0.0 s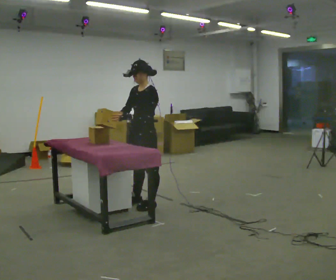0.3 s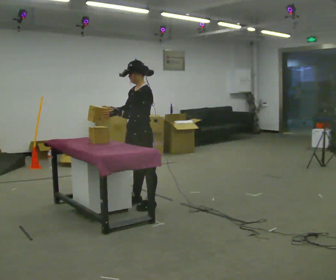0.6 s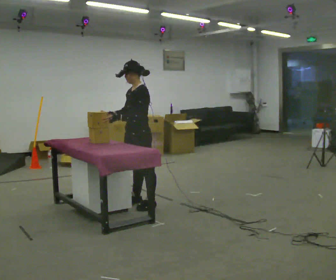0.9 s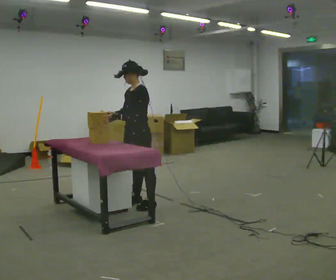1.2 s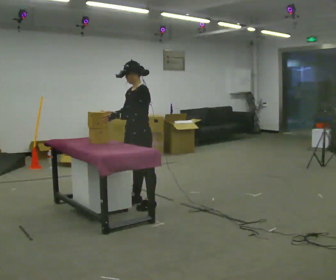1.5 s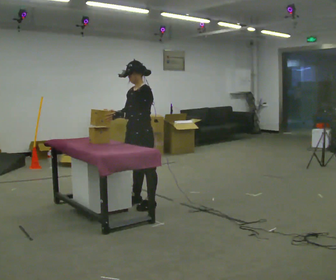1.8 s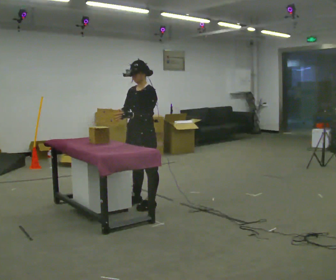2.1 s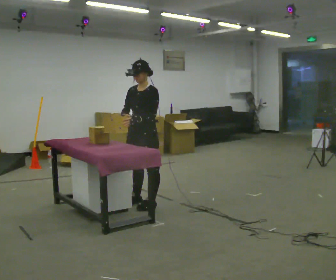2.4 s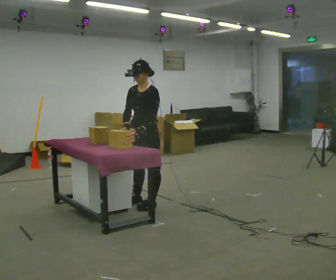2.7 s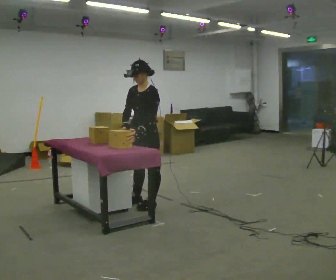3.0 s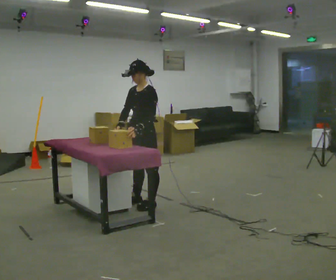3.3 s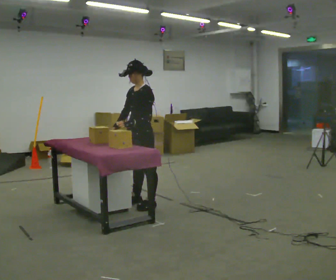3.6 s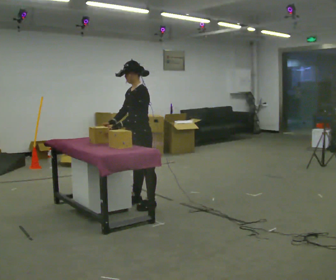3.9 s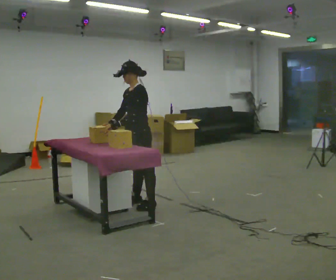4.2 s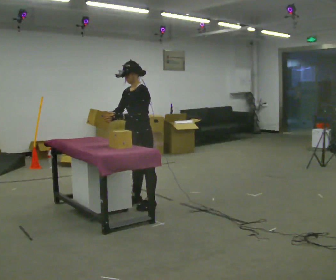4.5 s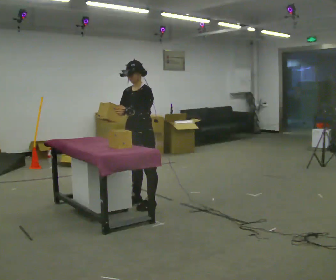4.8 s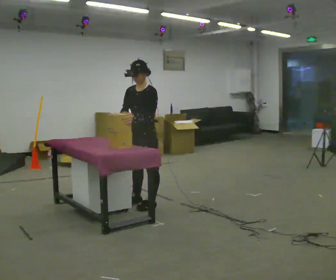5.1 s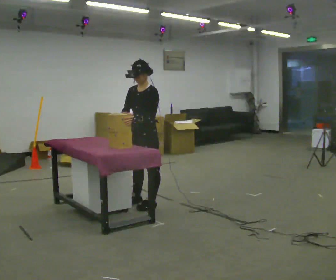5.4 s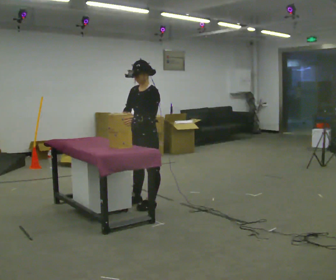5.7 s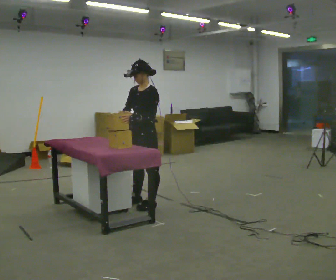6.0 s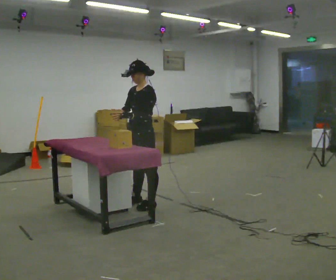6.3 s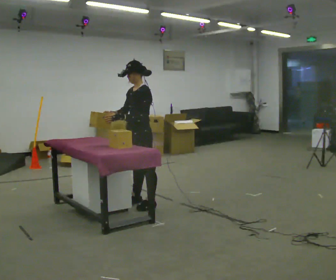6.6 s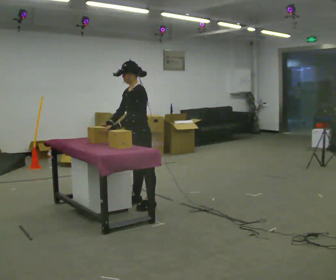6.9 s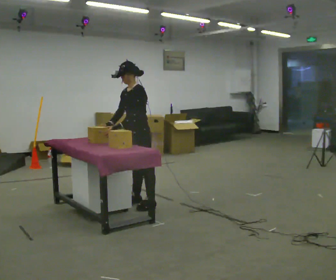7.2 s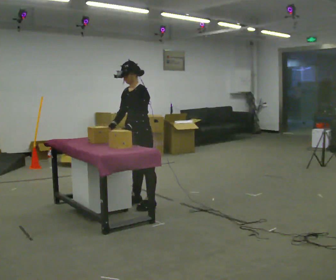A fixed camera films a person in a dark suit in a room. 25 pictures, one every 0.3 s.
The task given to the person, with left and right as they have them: Lift the heavy object with both hands and set it down again in a different spot on the same surface. Repeat at your own pace until the operator says stop. Keep both feet on the marked spots for the whole take. If you have to step, stop and tell the operator.
0.0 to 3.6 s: The person moves a little, or ends about where they began.
3.6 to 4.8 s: The person turns about 30 degrees to their left, counterclockwise seen from above, so the part of the body nearest the lens slides to the right.
4.8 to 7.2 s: The person moves a little, or ends about where they began.
The film runs forward here.
